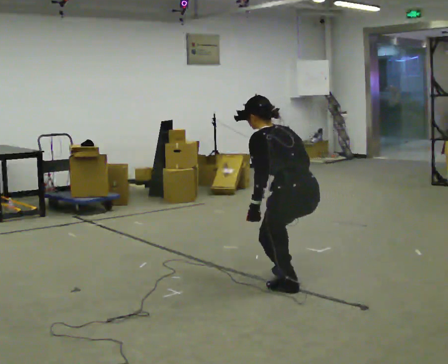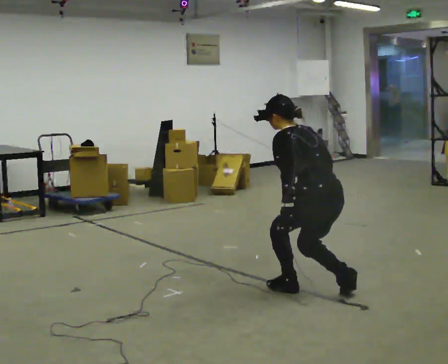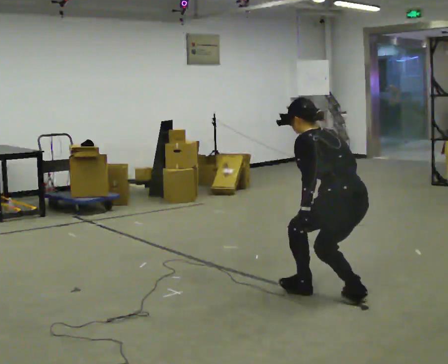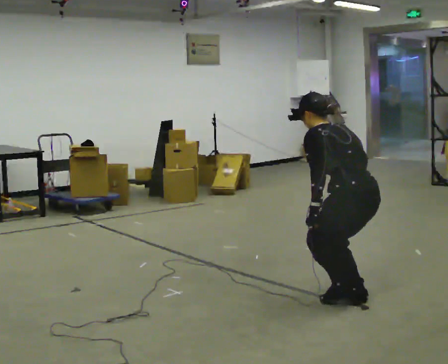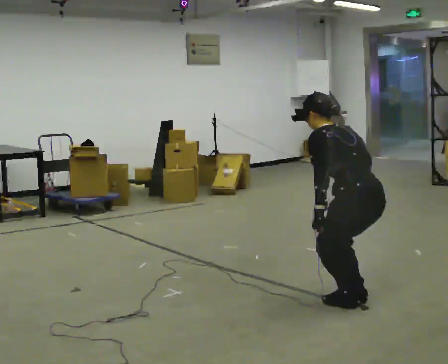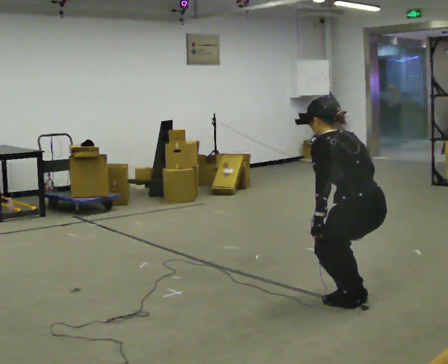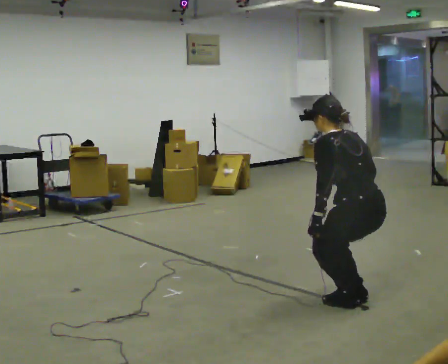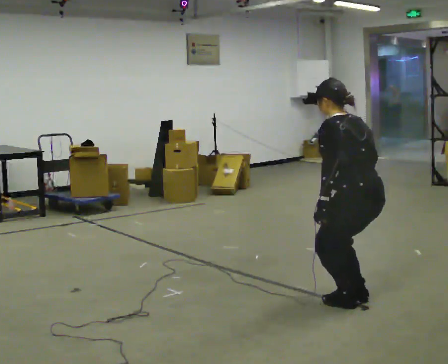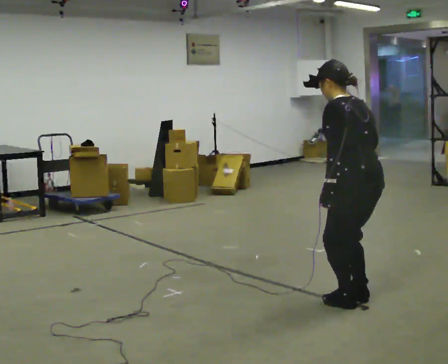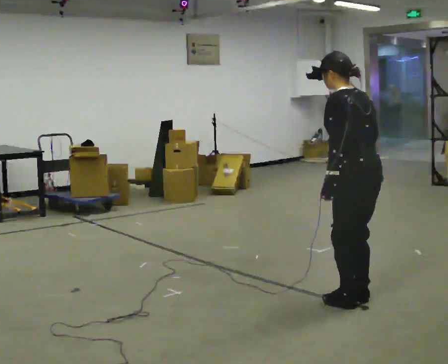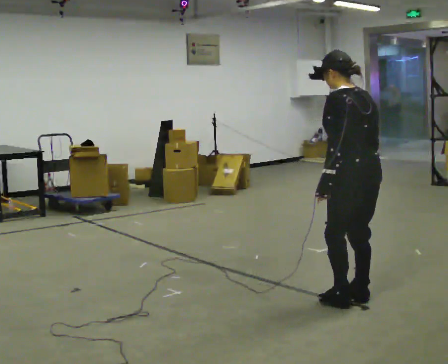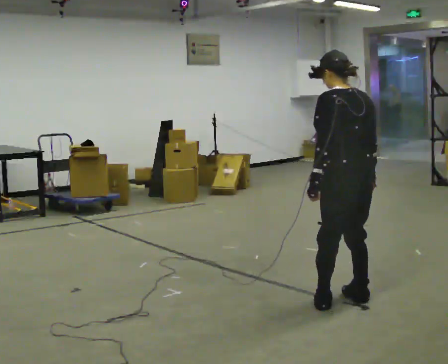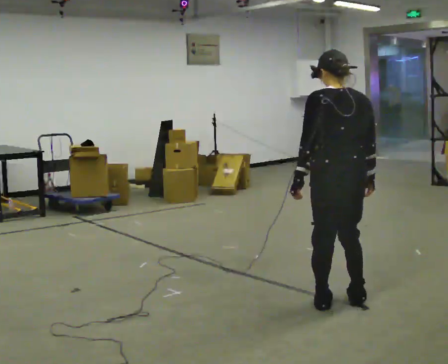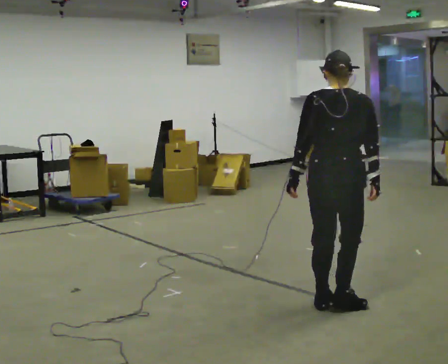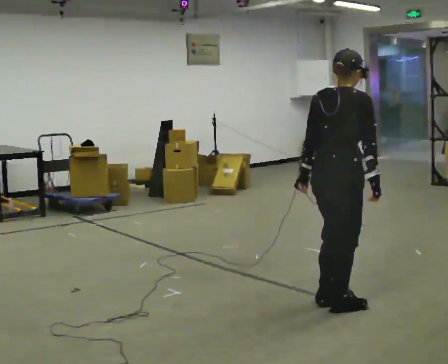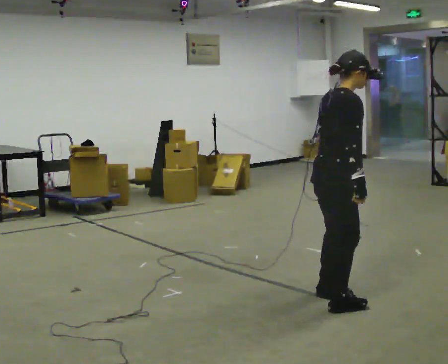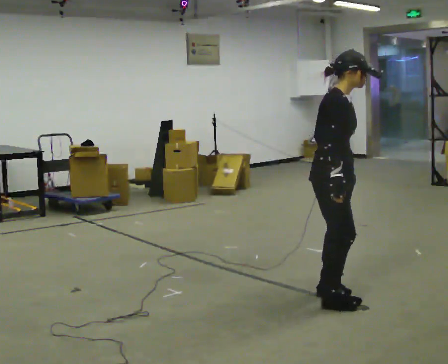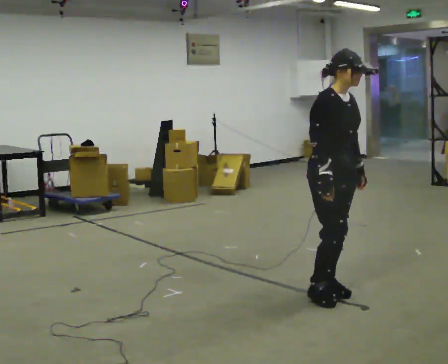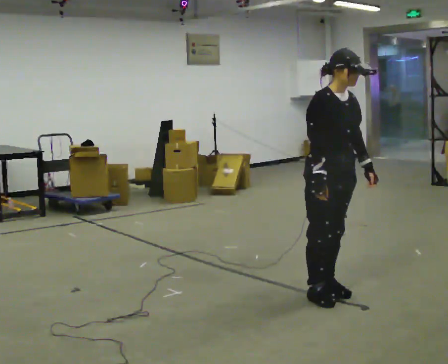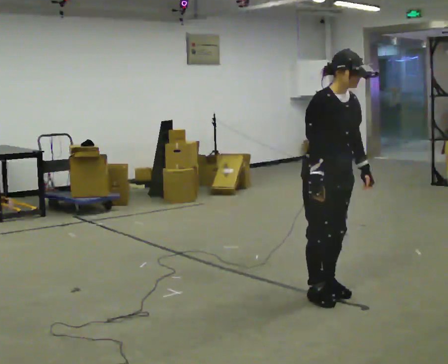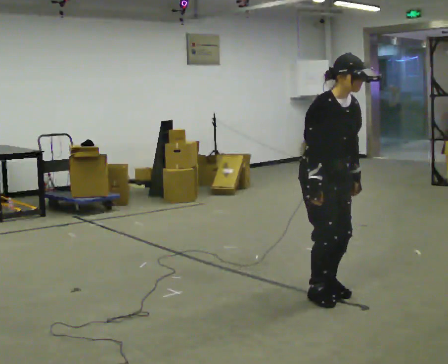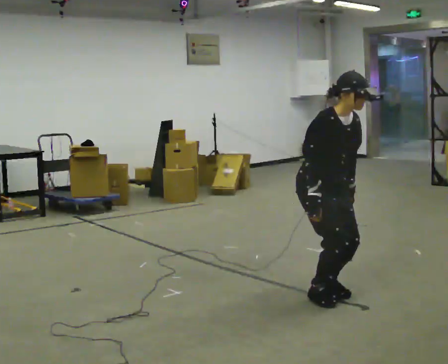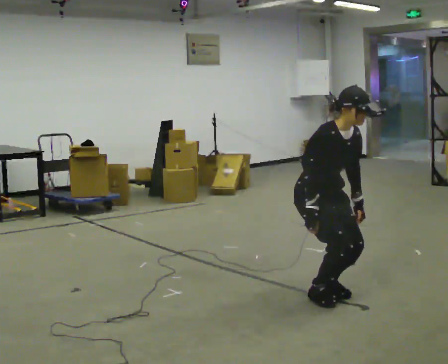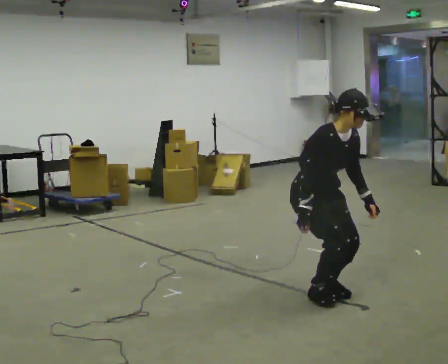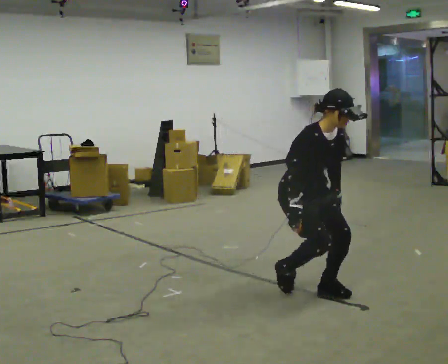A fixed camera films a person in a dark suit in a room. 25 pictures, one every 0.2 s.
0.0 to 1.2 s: In the picture they go to the right and toward the camera, about 0.5 m in 1 step, which for them is backward.
1.2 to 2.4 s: The person turns about 30 degrees to their right, clockwise seen from above, so the part of the body nearest the lens slides to the left. The upper body goes upward. In the picture the upper body tilts clockwise, shoulders to the right, as they lean back or straighten.
2.4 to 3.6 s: Seen from above the body turns clockwise, about 150 degrees: to their right, with its near side sliding to the left. In the picture they go away from the camera, about 0.25 m in 2 steps. The upper body tips toward the camera, its near side rolling downward.
3.6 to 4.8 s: The shoulders move downward. In the picture the upper body tilts clockwise, shoulders to the right, as they bend forward.
The film runs backward here.
